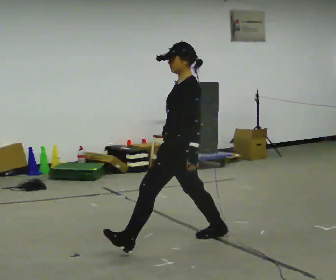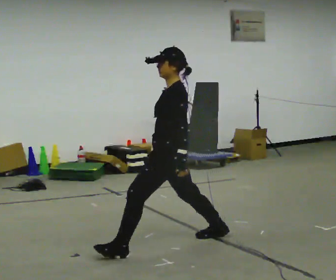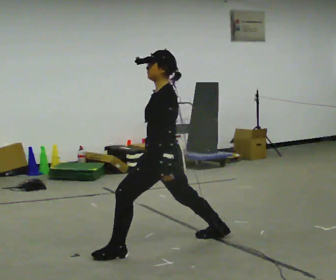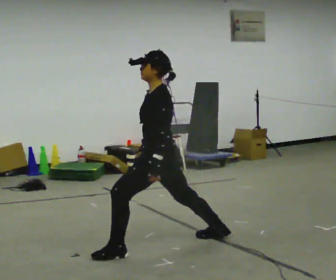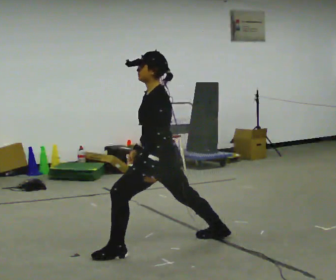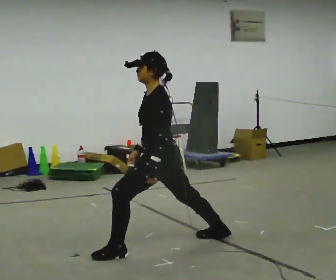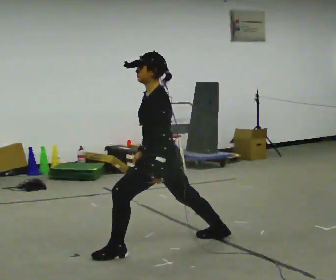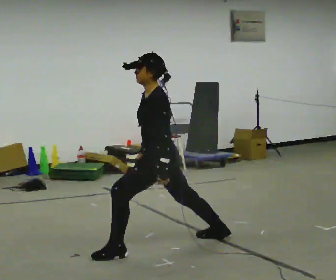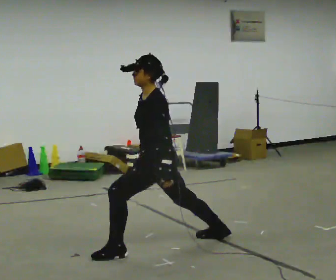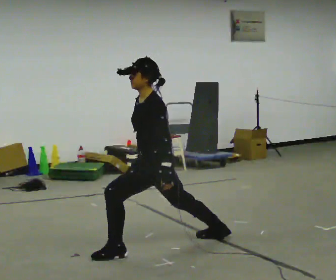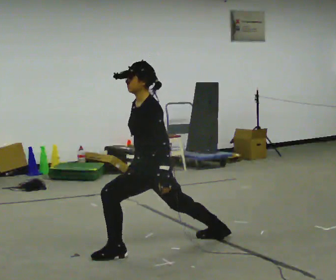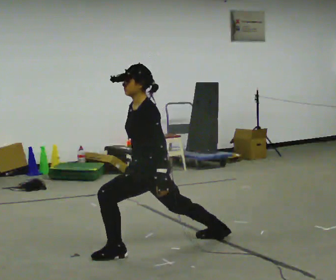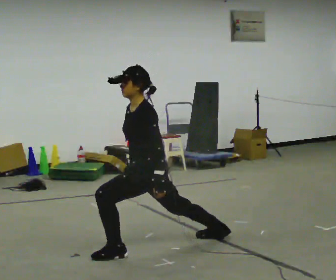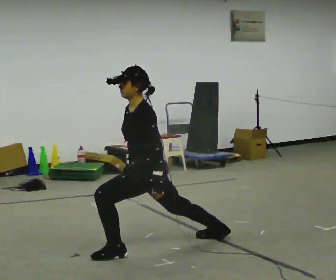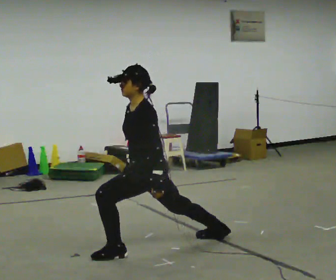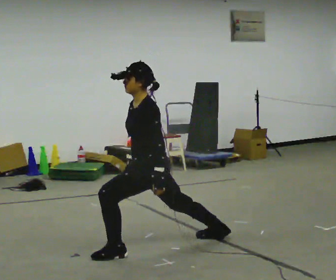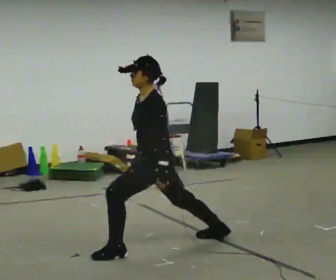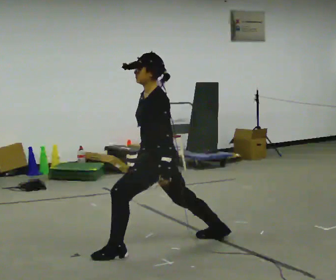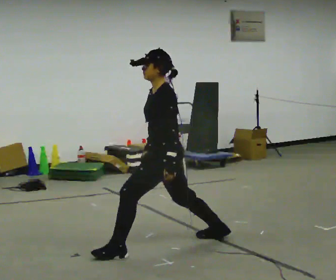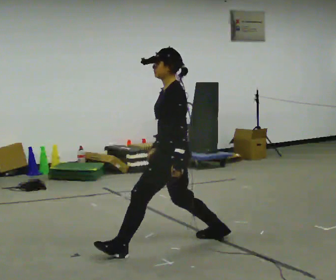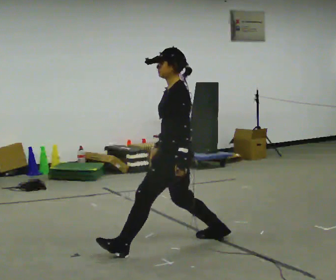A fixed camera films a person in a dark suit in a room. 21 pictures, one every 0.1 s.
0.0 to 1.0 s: In the picture they go to the left, about 0.25 m in 1 step, which for them is forward and to their left. In the picture the upper body tilts counterclockwise, shoulders to the left, as they bend forward. In the picture their right hand goes to the left.
1.0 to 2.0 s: In the picture they go to the right and away from the camera, about 0.25 m, which for them is backward and to their right.
The film runs forward here.
